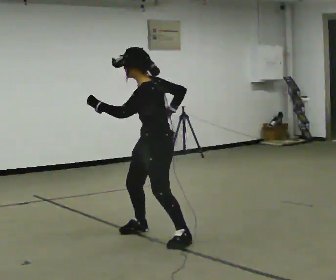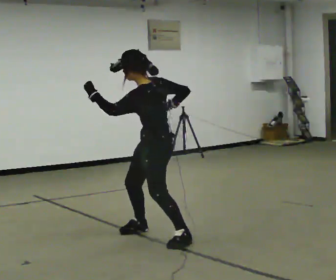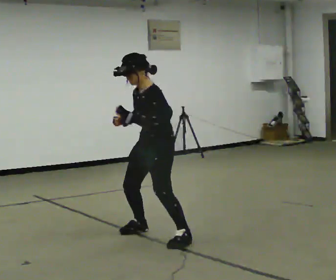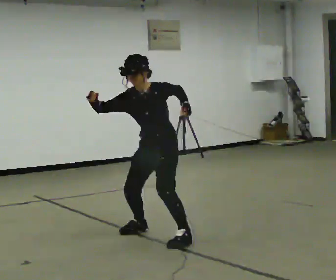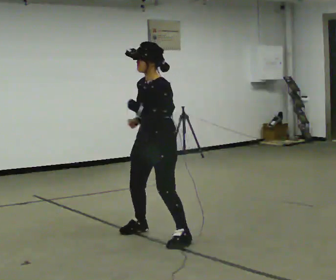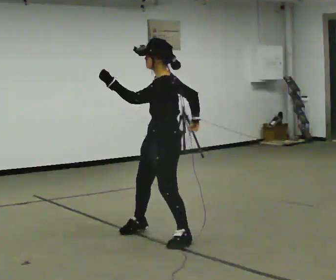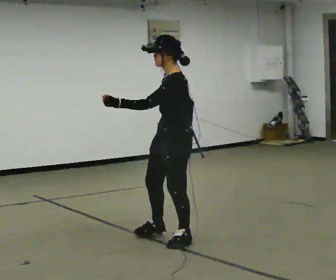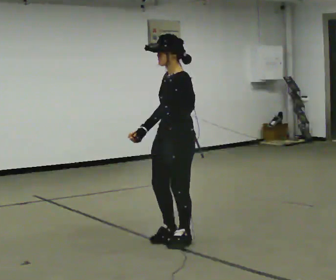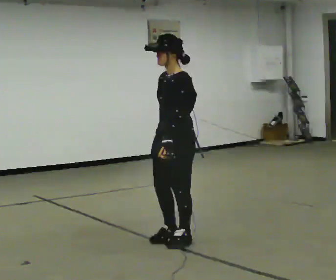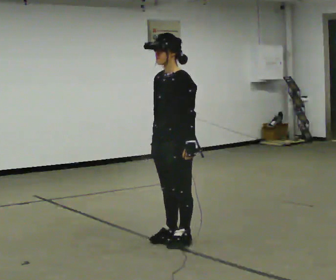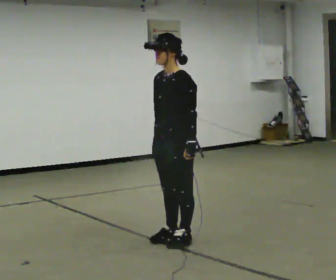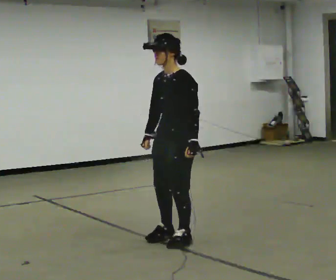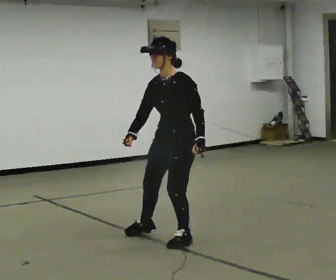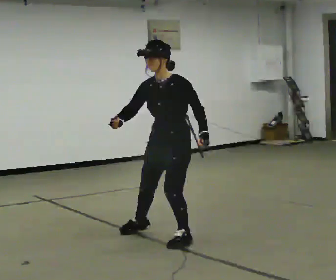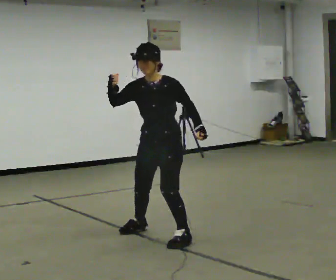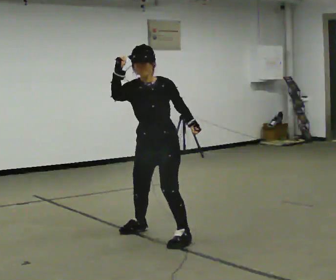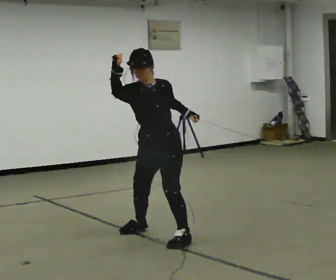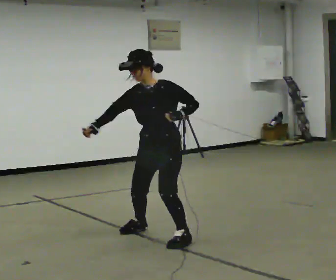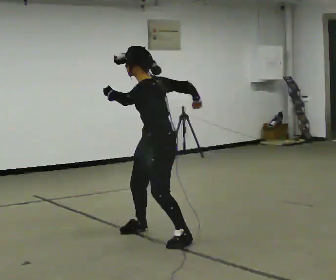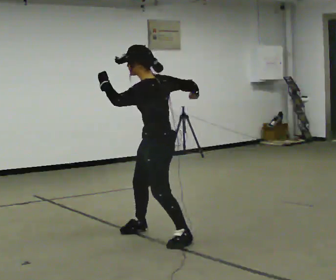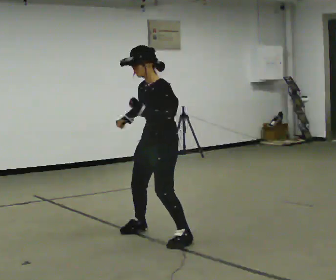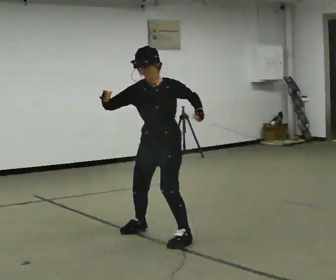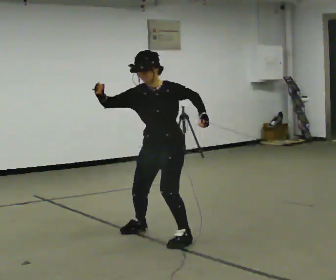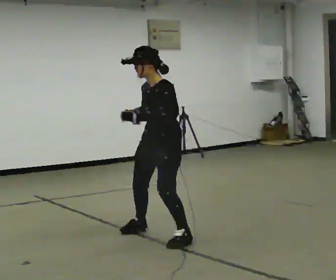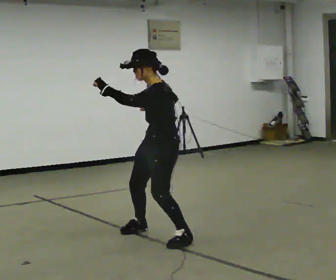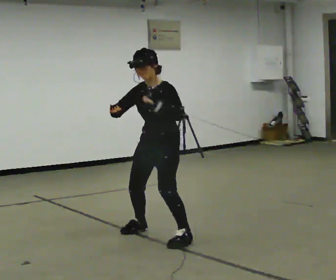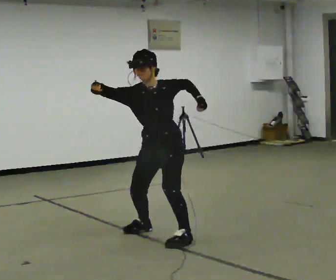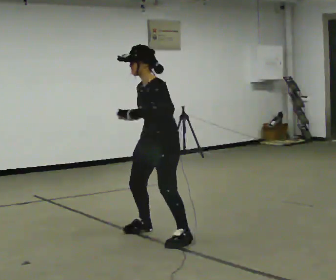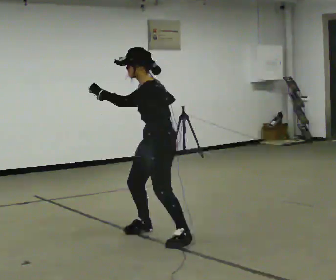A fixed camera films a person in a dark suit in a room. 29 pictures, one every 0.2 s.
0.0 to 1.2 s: In the picture they go toward the camera, about 0.25 m in 1 step, which for them is to their left.
1.2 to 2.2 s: In the picture their left hand goes to the right and downward, the arm swinging counterclockwise.
2.2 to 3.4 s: The person turns about 30 degrees to their left, counterclockwise seen from above, so the part of the body nearest the lens slides to the right. In the picture their right hand goes to the left.
3.4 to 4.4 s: The person moves a little, or ends about where they began.
4.4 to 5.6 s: Seen from above the body turns clockwise, about 60 degrees: to their right, with its near side sliding to the left. In the picture their left hand goes to the left.
The film runs backward here.
